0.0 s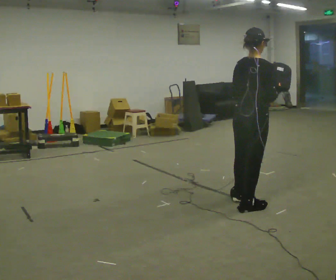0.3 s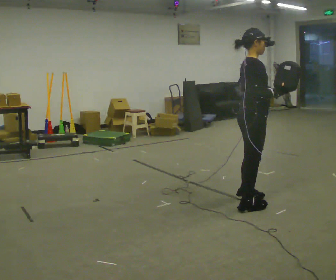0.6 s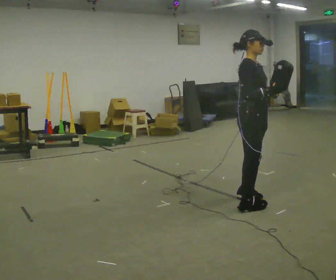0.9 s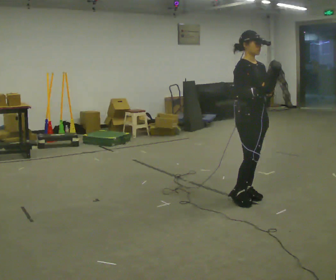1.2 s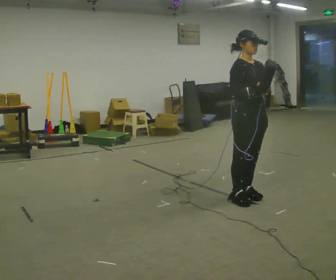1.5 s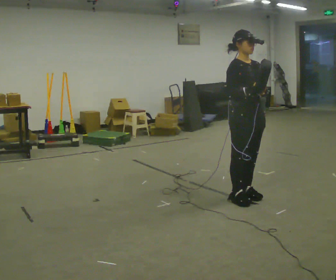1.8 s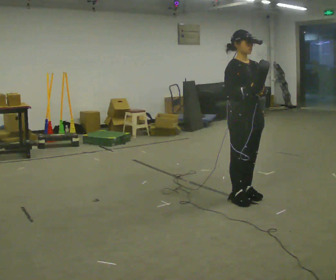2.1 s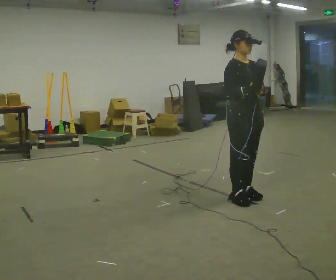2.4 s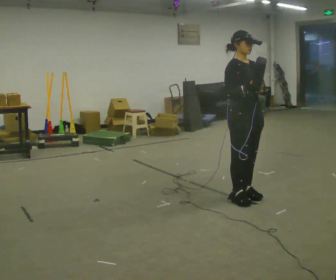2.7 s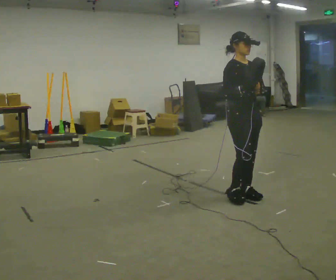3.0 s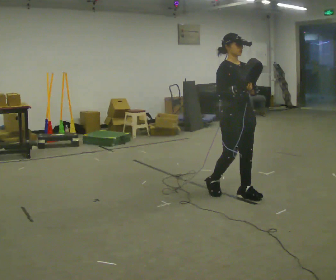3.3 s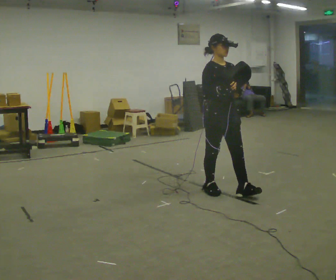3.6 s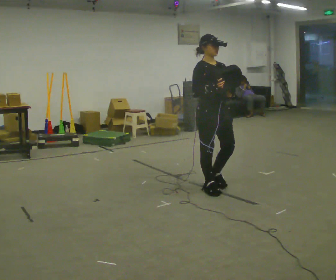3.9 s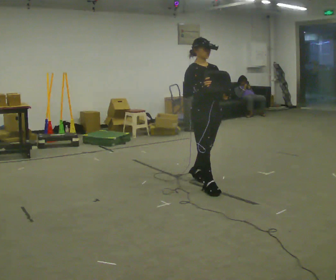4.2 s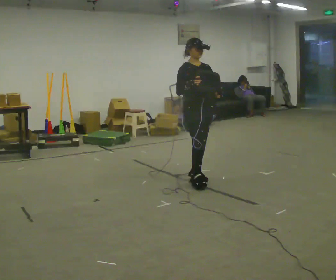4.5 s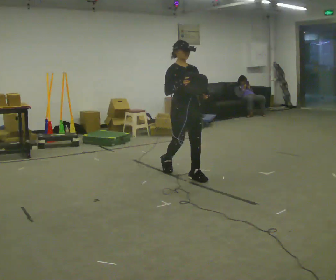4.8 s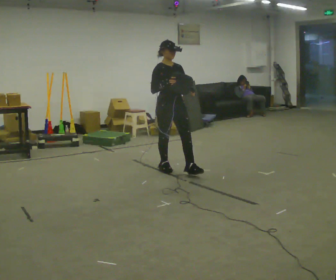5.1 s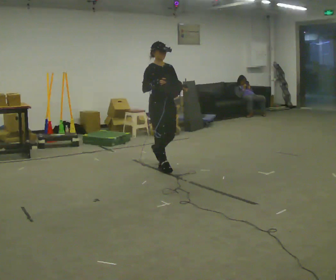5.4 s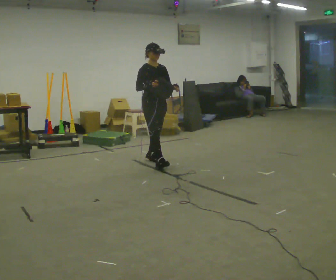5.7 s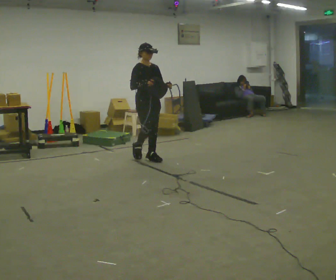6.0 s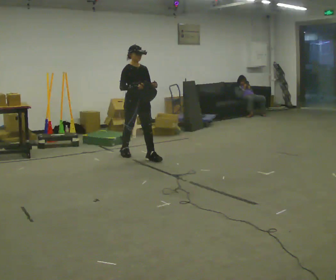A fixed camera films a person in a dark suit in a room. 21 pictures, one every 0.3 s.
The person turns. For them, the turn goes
to their right.
The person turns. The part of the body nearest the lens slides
to the left.
0.0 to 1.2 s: The person turns about 105 degrees to their right, clockwise seen from above, so the part of the body nearest the lens slides to the left. In the picture they go away from the camera, about 0.25 m in 1 step.
1.2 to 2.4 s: The person moves a little, or ends about where they began.
2.4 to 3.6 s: In the picture they go to the left and away from the camera, about 0.5 m in 2 steps, which for them is backward.
3.6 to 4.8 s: In the picture they go away from the camera and to the left, about 1 m in 2 steps, which for them is backward.
4.8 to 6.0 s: In the picture they go away from the camera and to the left, about 1 m in 1 step, which for them is backward.
The film runs backward here.
